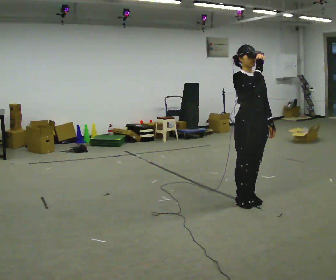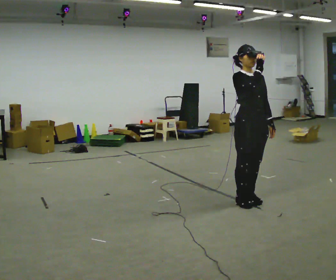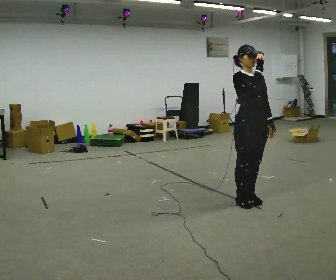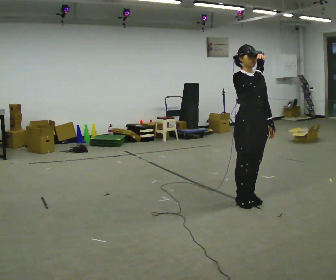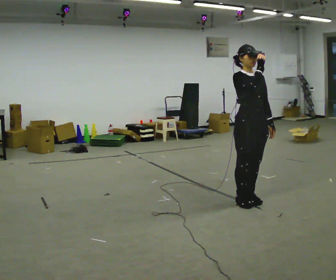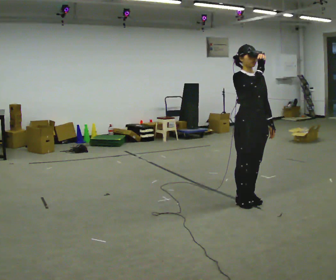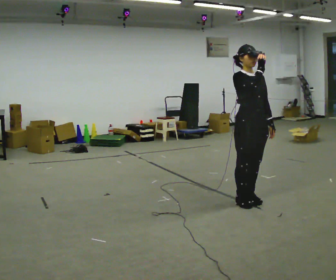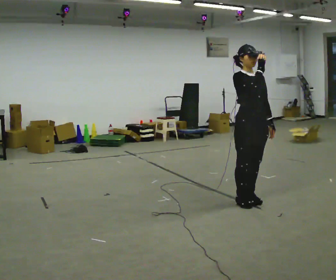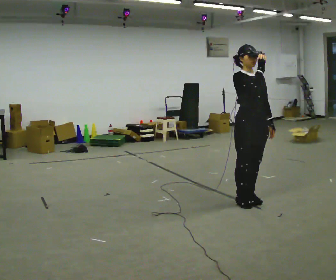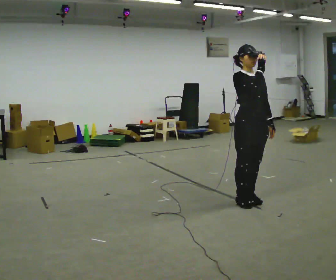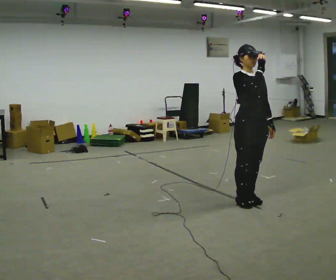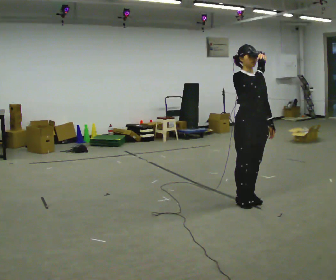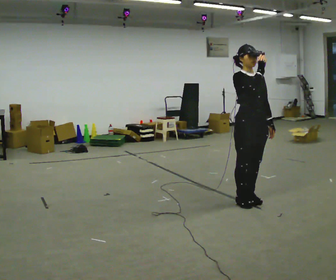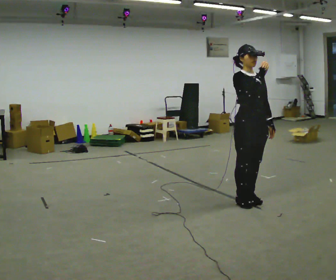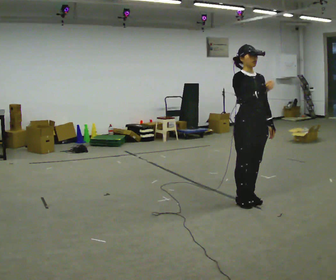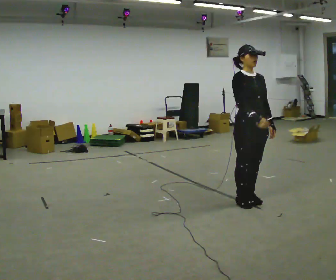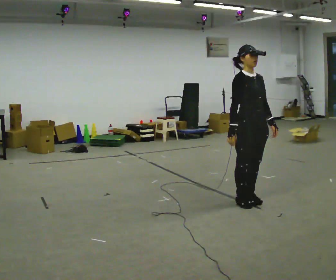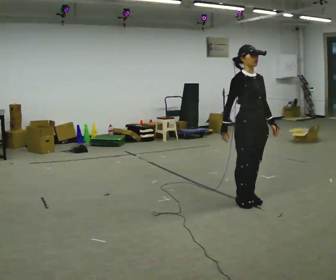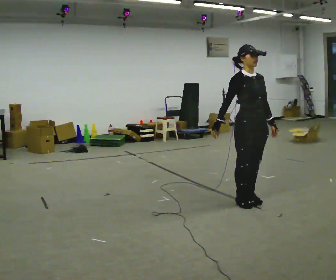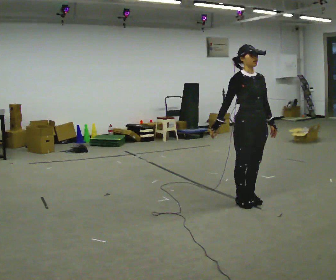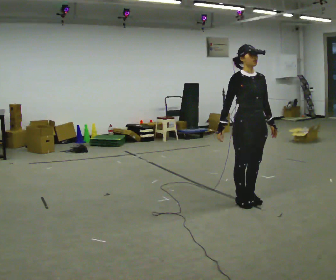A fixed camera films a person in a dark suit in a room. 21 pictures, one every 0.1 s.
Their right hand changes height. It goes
downward.
0.0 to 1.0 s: The person keeps their place and pose.
1.0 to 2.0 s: In the picture their right hand goes downward and to the left.
The film runs forward here.
